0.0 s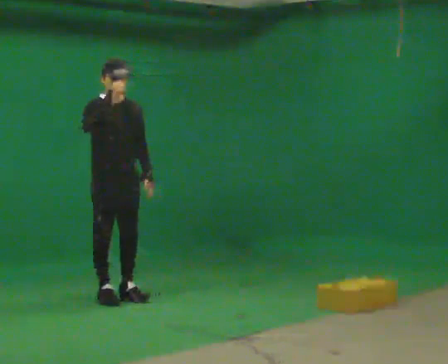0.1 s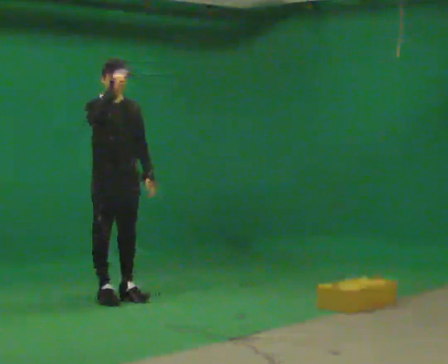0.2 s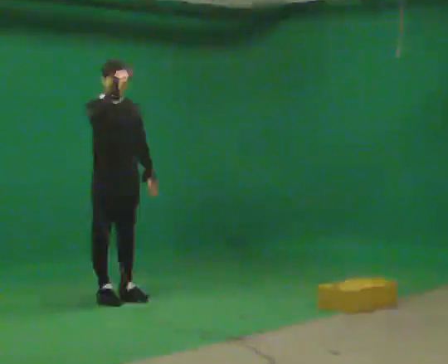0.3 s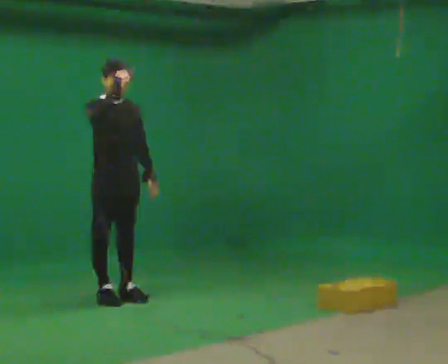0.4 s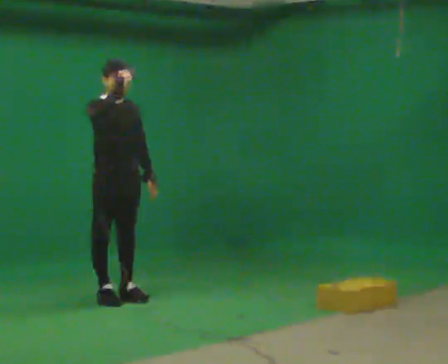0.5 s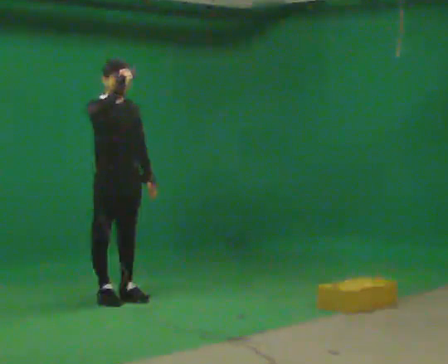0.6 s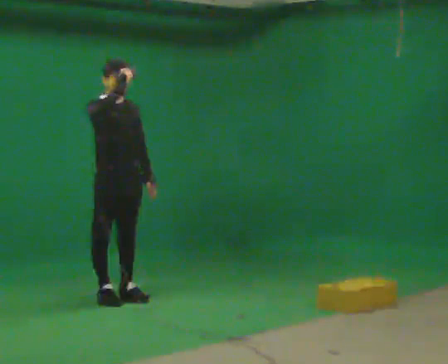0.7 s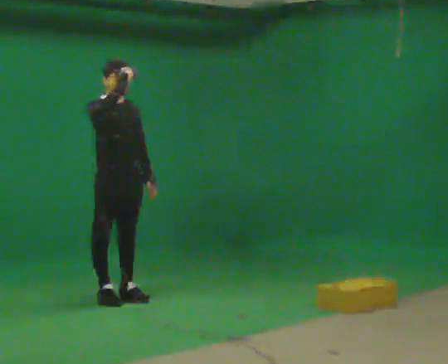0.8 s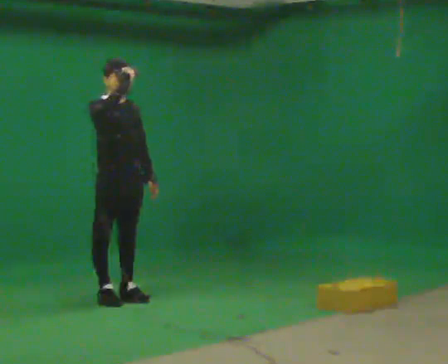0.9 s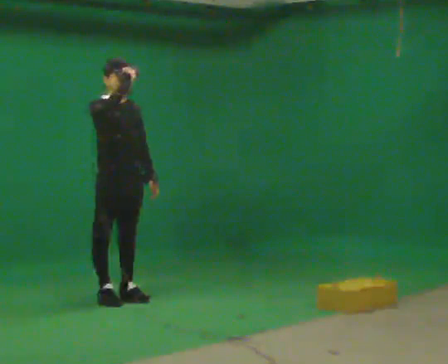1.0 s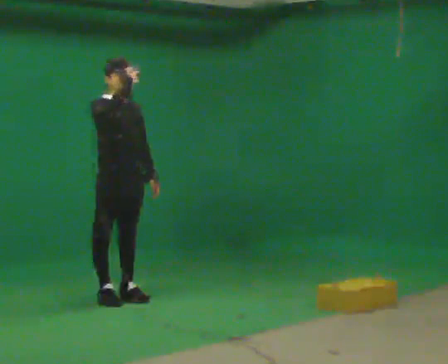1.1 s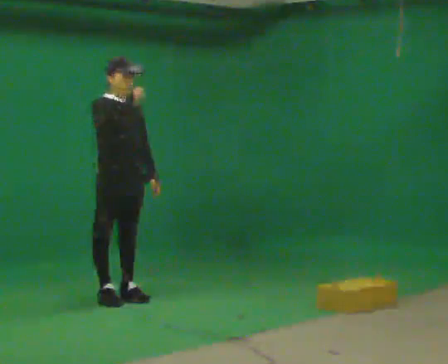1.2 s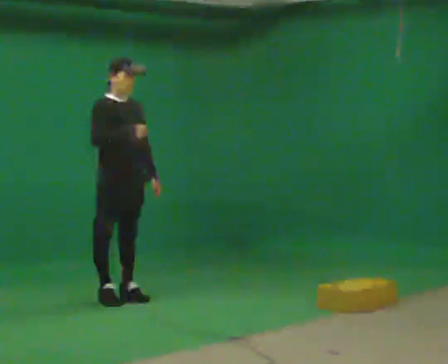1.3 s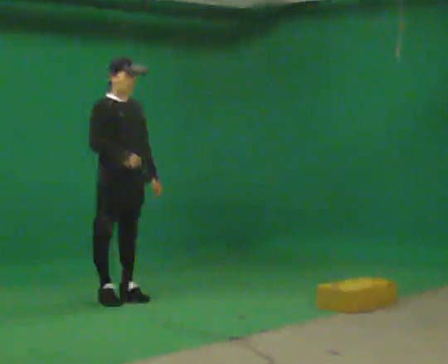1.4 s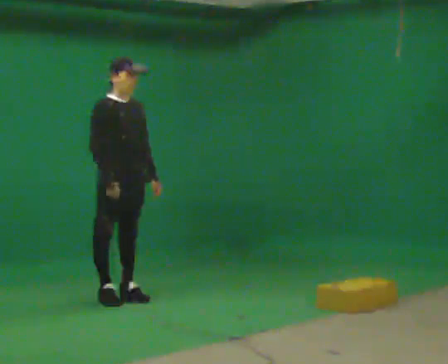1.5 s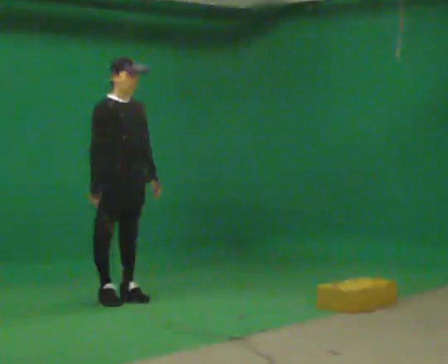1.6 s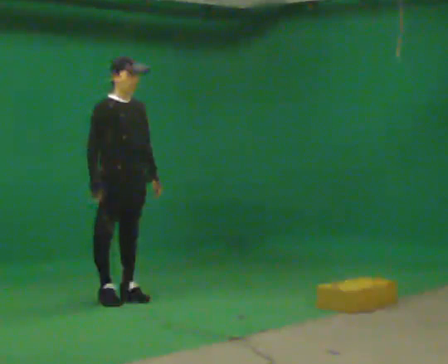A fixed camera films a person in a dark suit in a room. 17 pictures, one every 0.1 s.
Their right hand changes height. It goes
downward.
0.0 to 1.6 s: In the picture their right hand goes downward.
The film runs forward here.
